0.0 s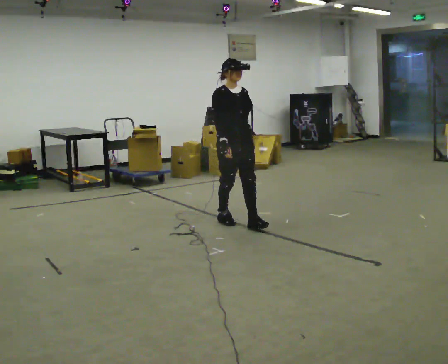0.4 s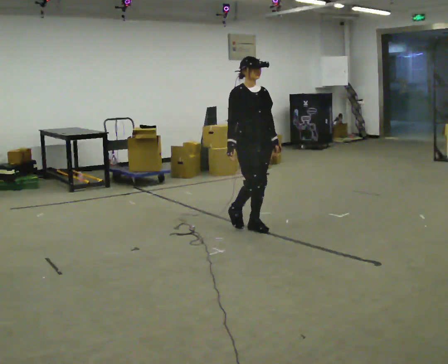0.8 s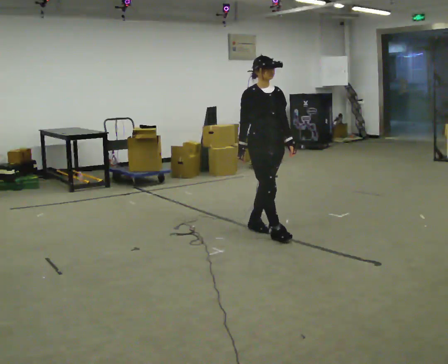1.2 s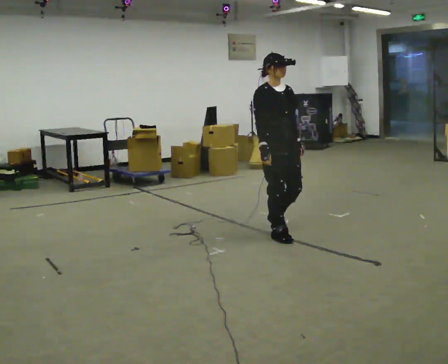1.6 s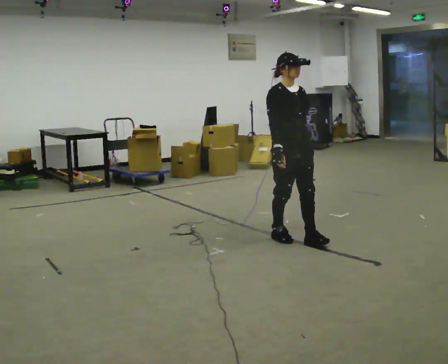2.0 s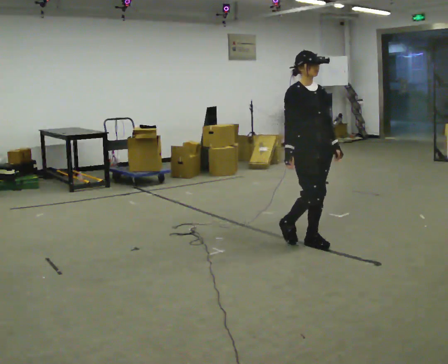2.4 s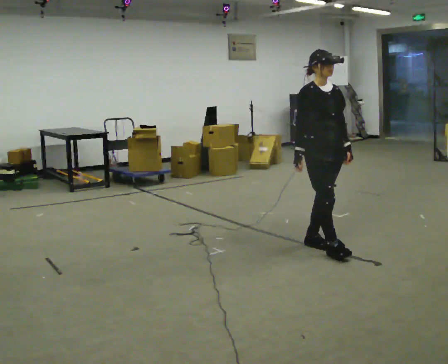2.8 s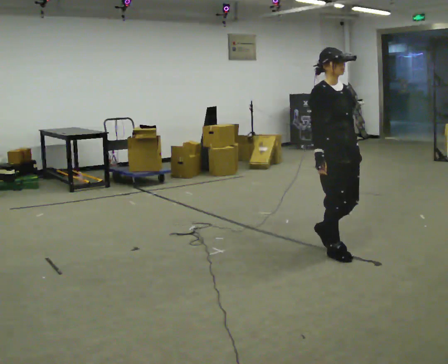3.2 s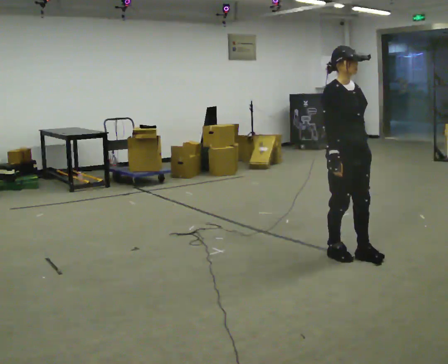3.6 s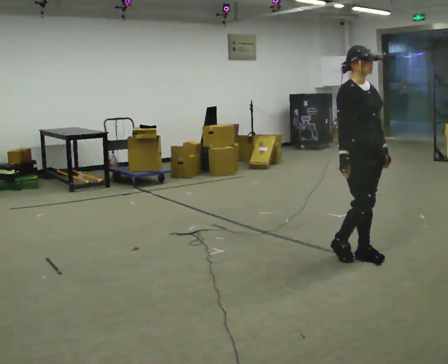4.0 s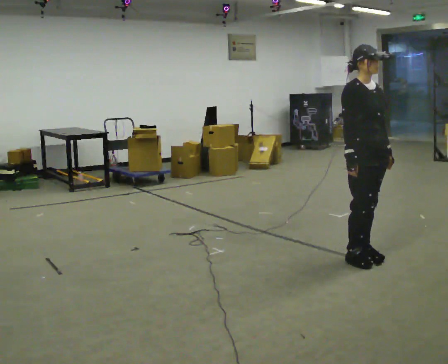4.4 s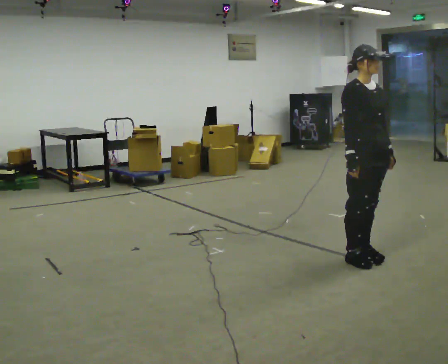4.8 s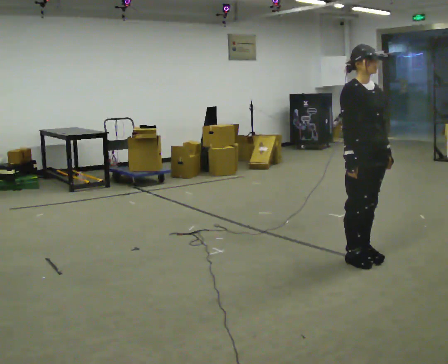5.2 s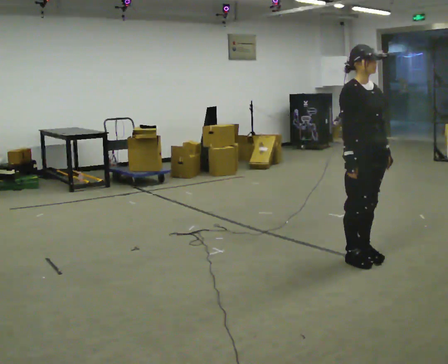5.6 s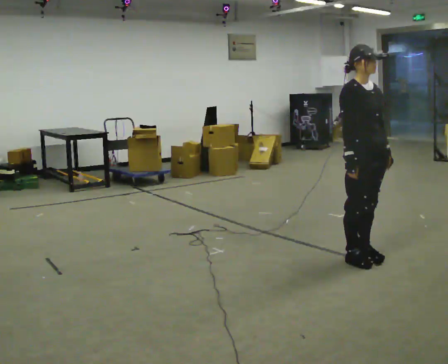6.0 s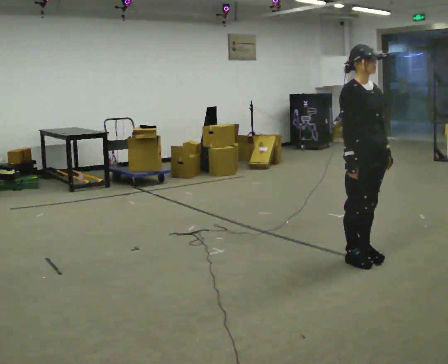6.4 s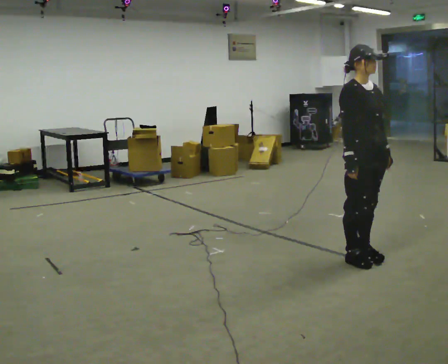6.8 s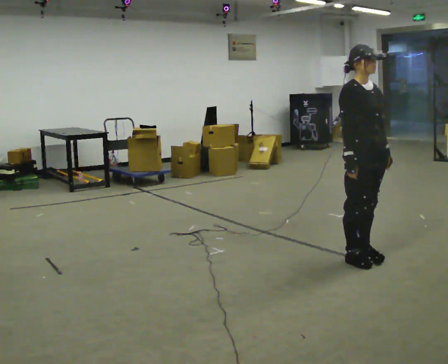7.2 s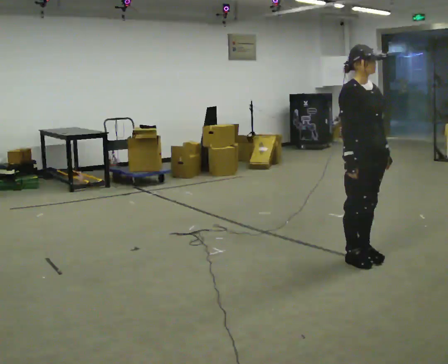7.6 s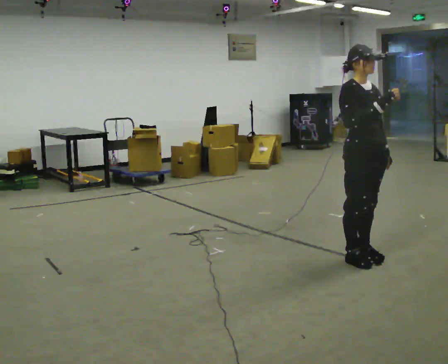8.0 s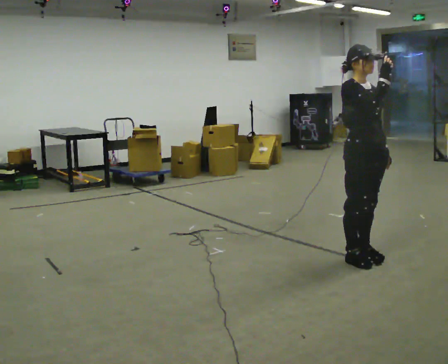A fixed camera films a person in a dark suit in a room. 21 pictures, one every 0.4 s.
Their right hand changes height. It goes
upward.
0.0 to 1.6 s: In the picture they go to the right and toward the camera, about 0.5 m in 2 steps, which for them is forward.
1.6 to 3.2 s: In the picture they go to the right and toward the camera, about 0.5 m in 2 steps, which for them is forward.
3.2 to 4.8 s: The person moves a little, or ends about where they began.
4.8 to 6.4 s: The person keeps their place and pose.
6.4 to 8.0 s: In the picture their right hand goes upward.
The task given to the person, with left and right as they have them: Walk forward noticeably slower than normal; do not shuffle; stop.
The film runs forward here.
